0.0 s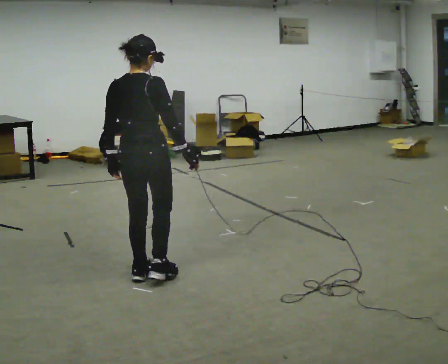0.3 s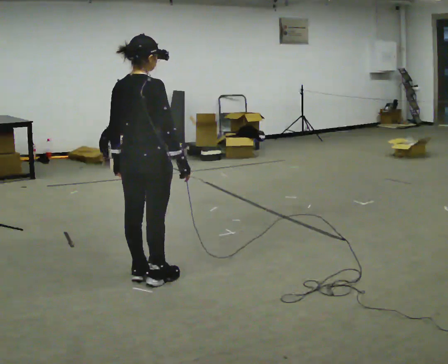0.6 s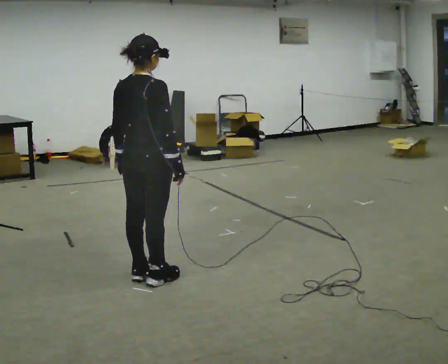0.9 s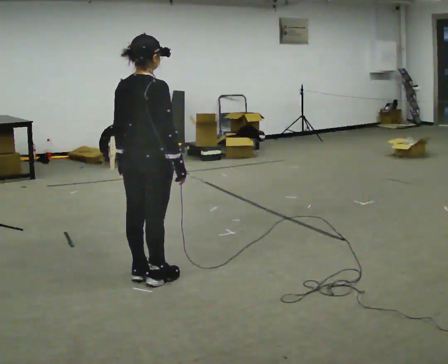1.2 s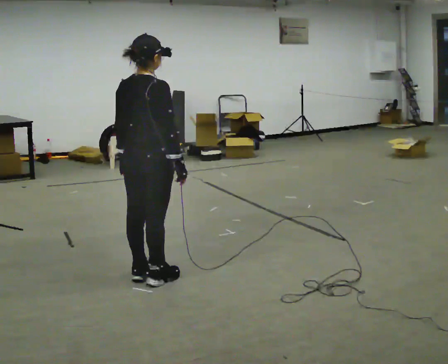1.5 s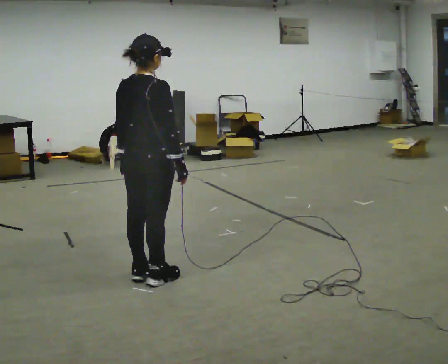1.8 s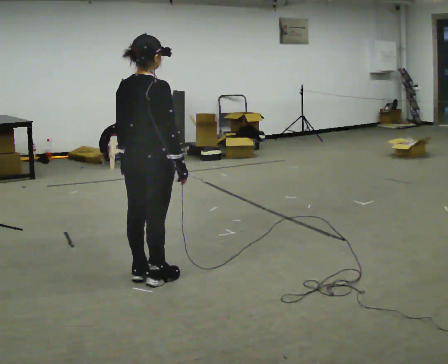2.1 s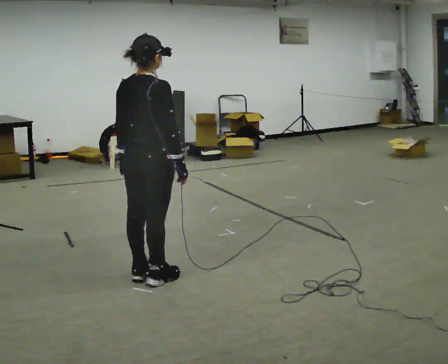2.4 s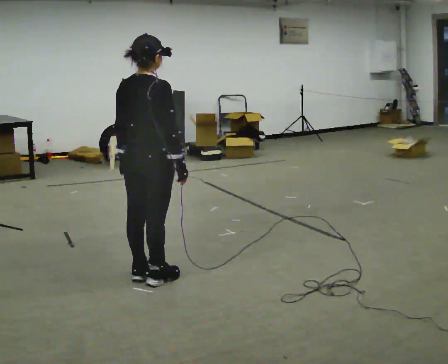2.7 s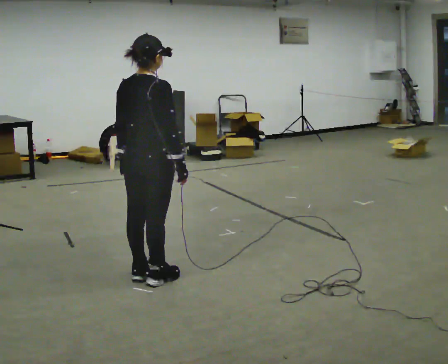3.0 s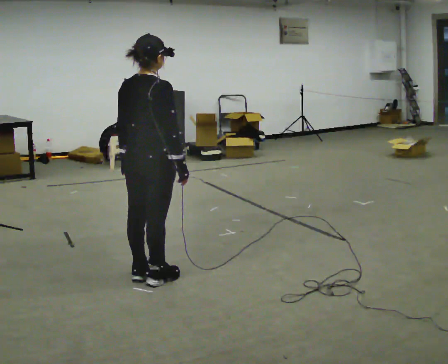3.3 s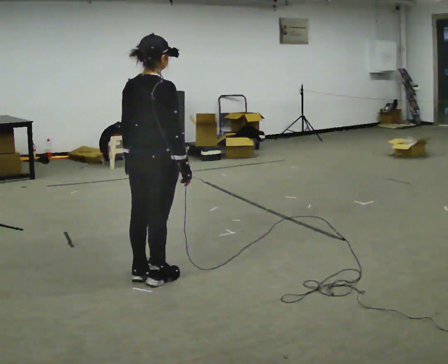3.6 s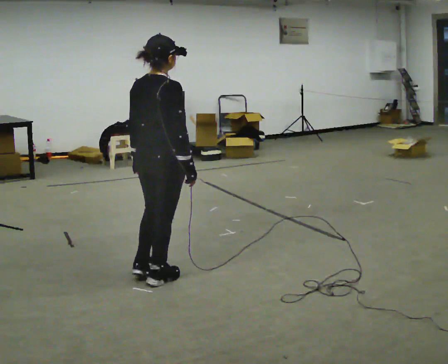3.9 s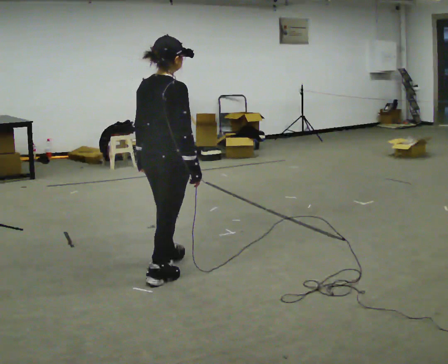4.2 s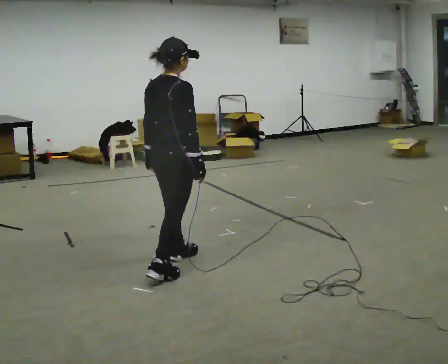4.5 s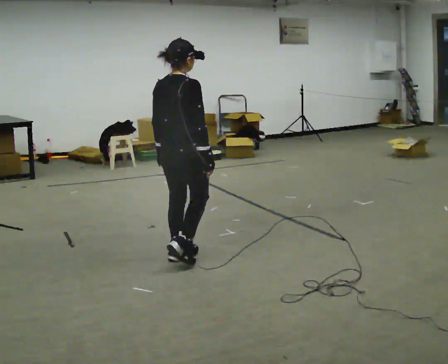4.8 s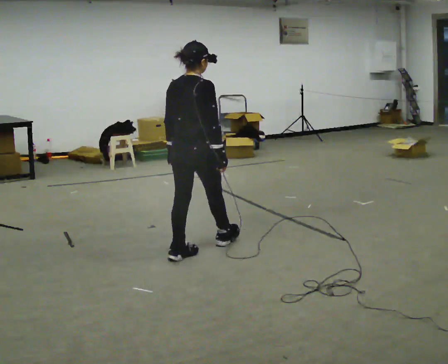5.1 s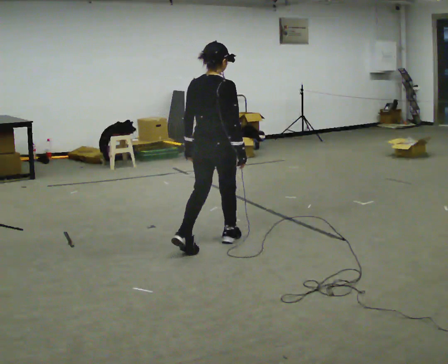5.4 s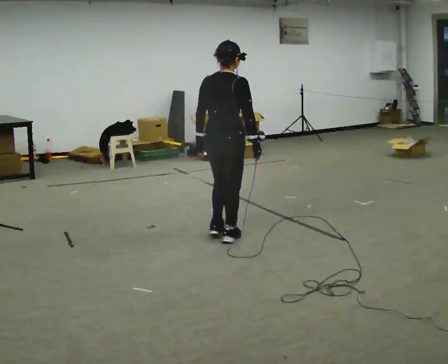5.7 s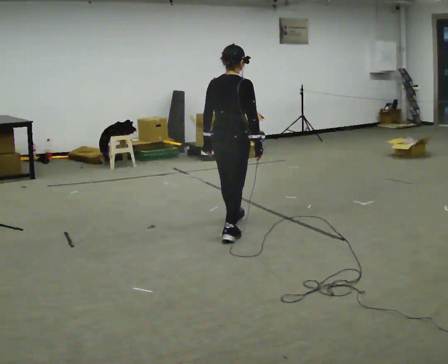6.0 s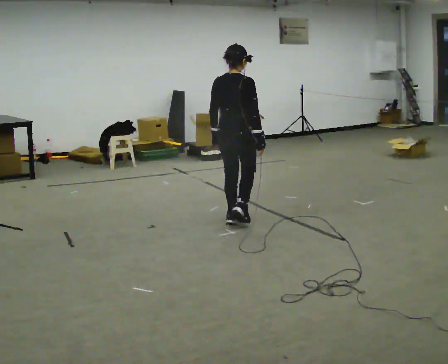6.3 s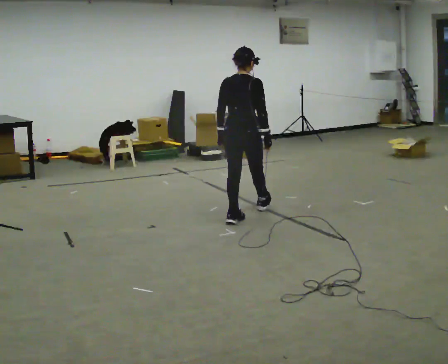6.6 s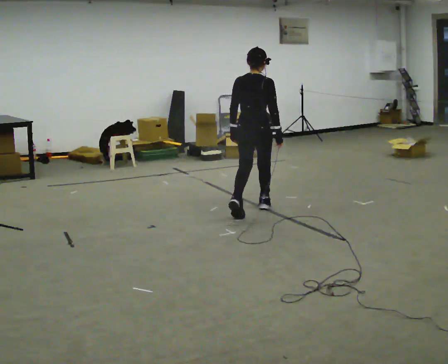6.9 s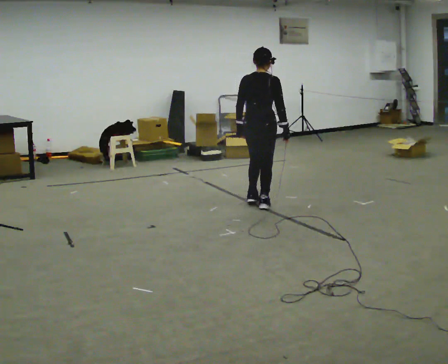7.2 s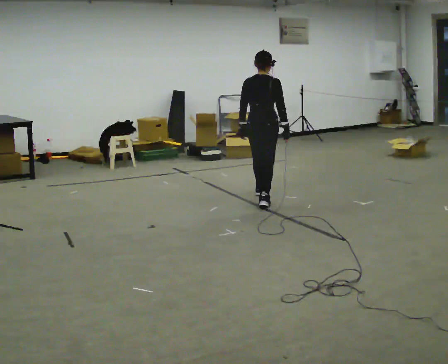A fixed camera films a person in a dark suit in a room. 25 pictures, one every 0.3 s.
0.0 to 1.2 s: The person moves a little, or ends about where they began.
1.2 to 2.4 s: The person keeps their place and pose.
2.4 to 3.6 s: The person moves a little, or ends about where they began.
3.6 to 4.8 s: In the picture they go away from the camera and to the right, about 0.5 m in 1 step, which for them is forward.
4.8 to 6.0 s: In the picture they go away from the camera and to the right, about 1 m in 2 steps, which for them is forward.
6.0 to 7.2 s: In the picture they go away from the camera and to the right, about 1 m in 2 steps, which for them is forward.
The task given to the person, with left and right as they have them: Walk forward while moving diagonally left/right; finish ~45° from start direction.
The film runs forward here.
